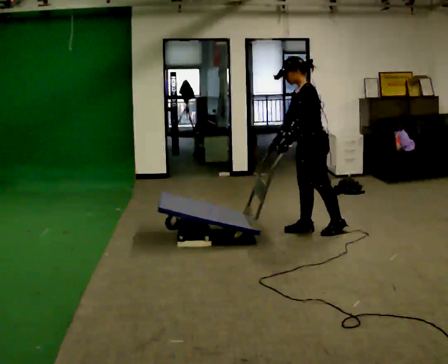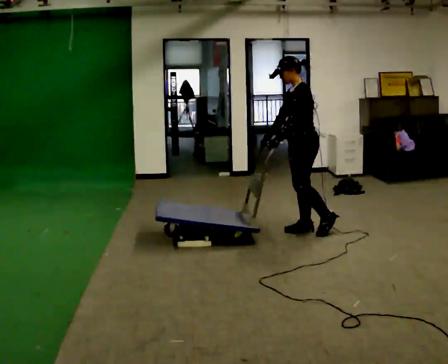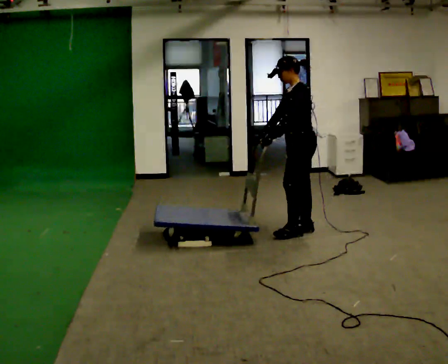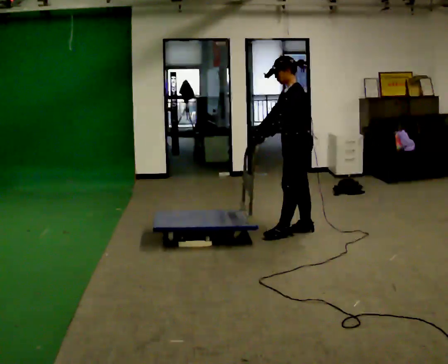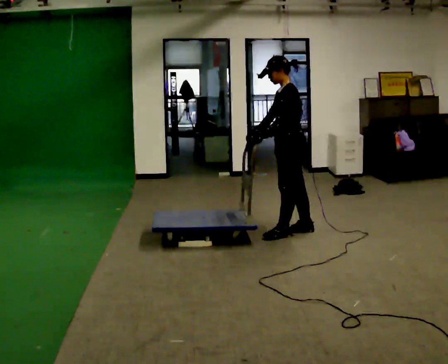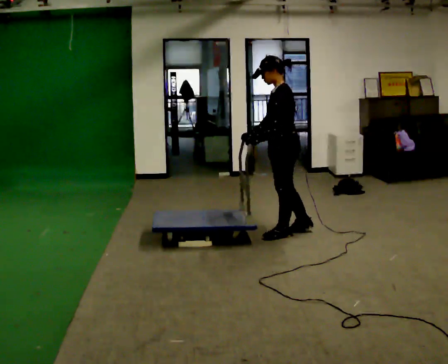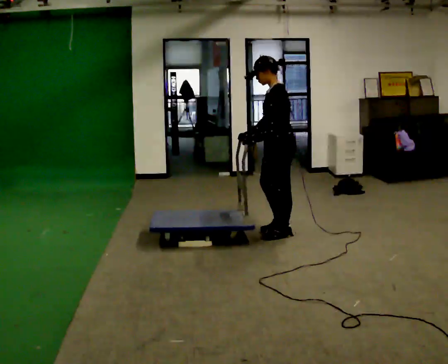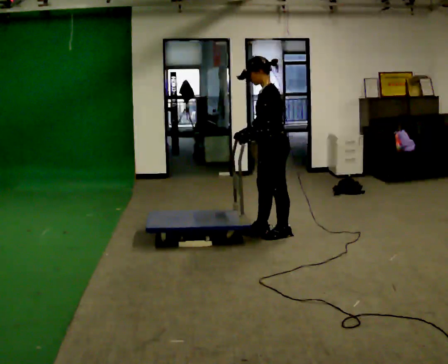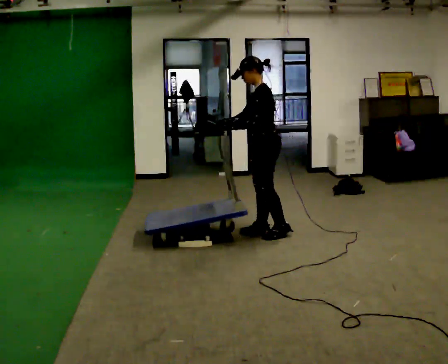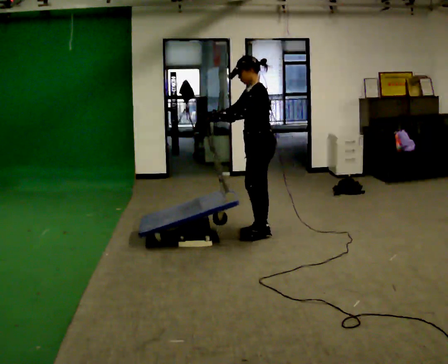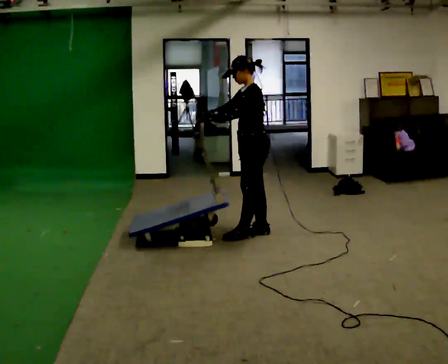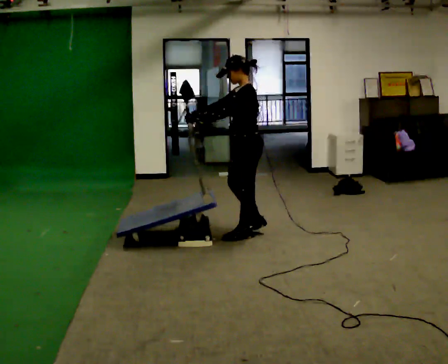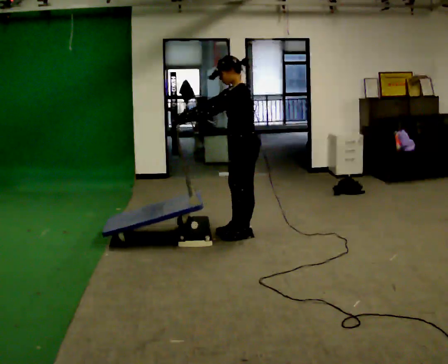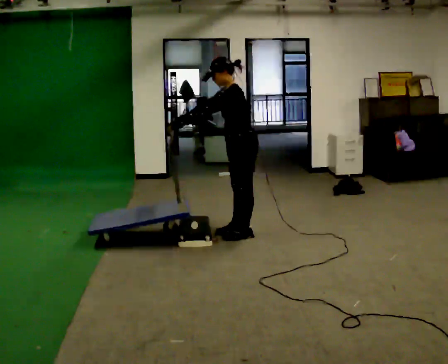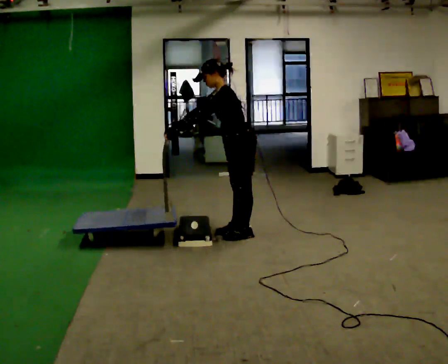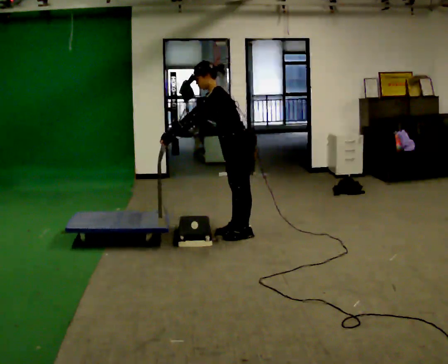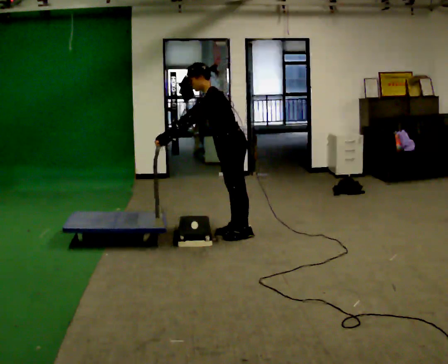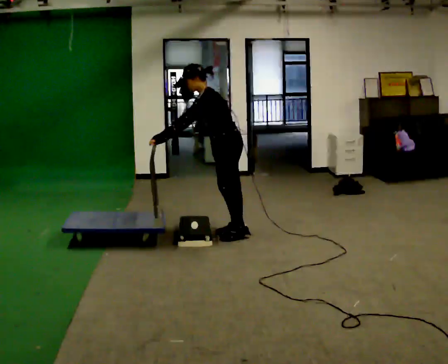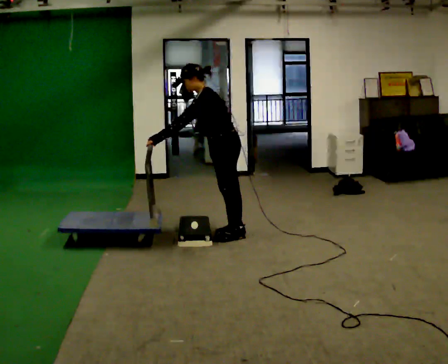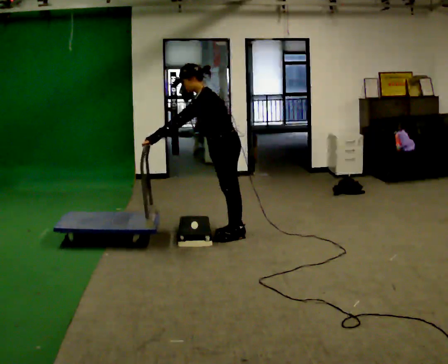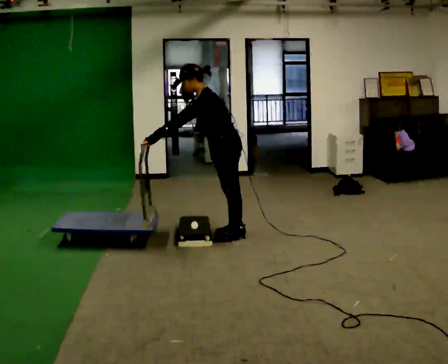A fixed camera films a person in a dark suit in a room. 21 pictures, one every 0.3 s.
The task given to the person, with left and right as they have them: Push the cart up over the low platform edge and down the other side, then bring it back over.
0.0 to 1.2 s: In the picture they go to the left, about 0.25 m in 1 step, which for them is forward.
1.2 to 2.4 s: In the picture they go to the left, about 0.25 m in 1 step, which for them is forward.
2.4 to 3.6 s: In the picture they go to the left, about 0.25 m in 2 steps, which for them is forward. In the picture their left hand goes to the left.
3.6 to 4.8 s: In the picture the upper body tilts counterclockwise, shoulders to the left, as they bend forward.
4.8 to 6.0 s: The person moves a little, or ends about where they began.
The film runs forward here.
